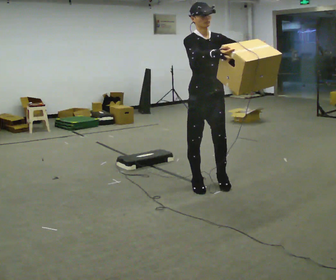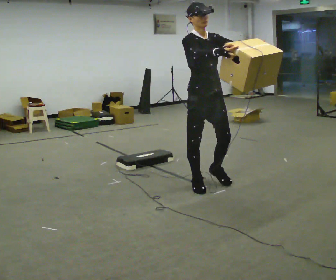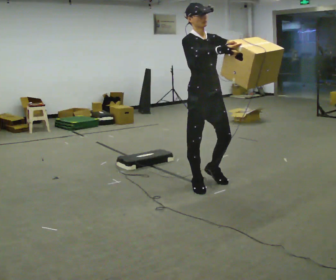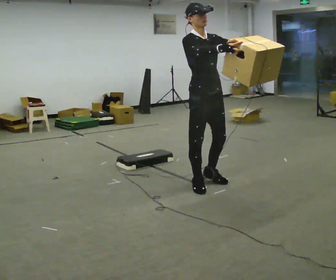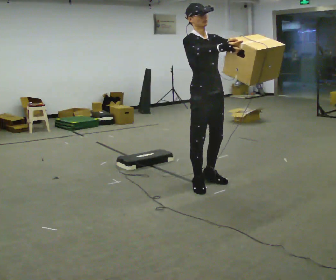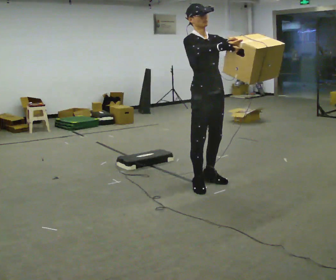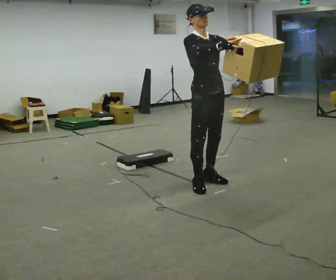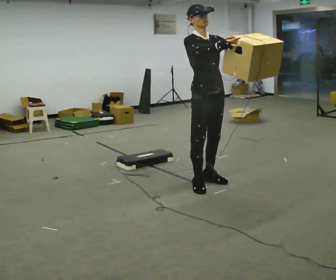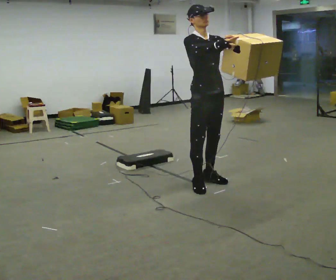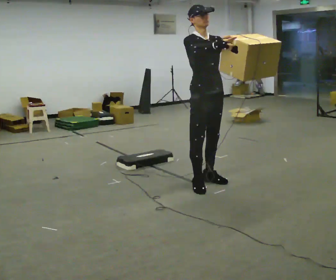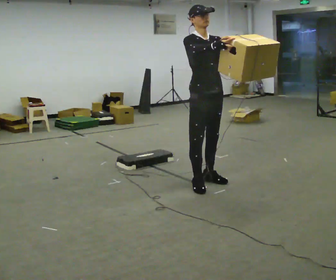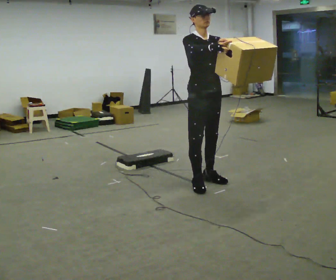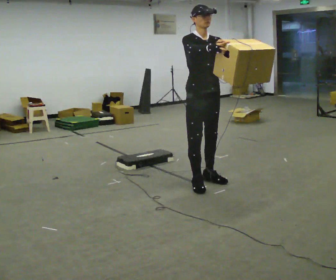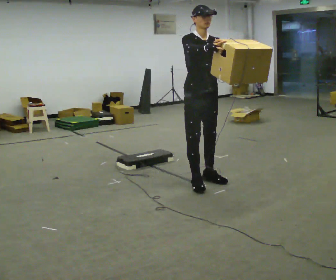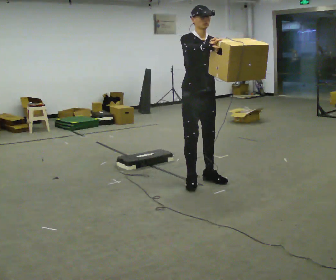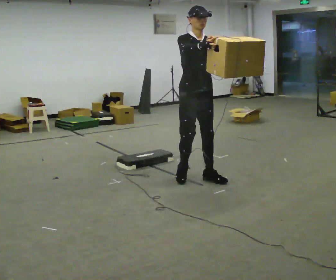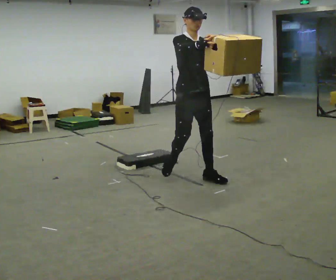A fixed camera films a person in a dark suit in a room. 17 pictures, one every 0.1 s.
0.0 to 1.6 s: In the picture they go to the left and away from the camera, about 0.25 m in 1 step, which for them is backward.
The film runs backward here.
